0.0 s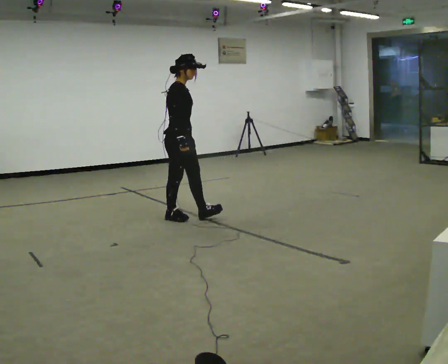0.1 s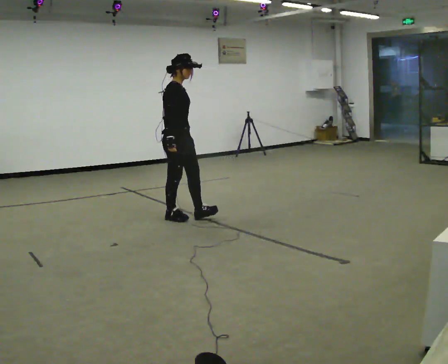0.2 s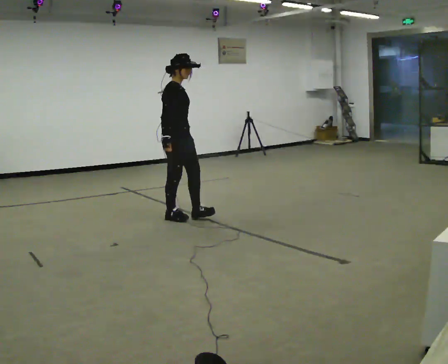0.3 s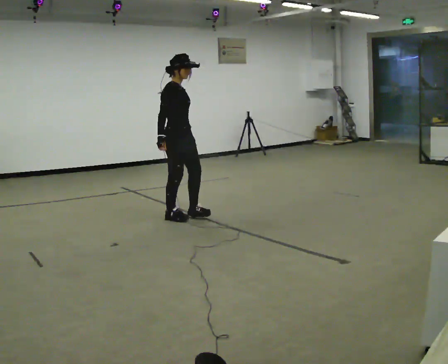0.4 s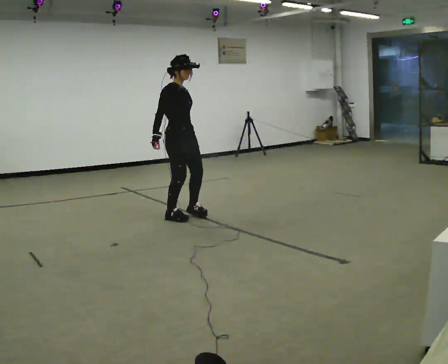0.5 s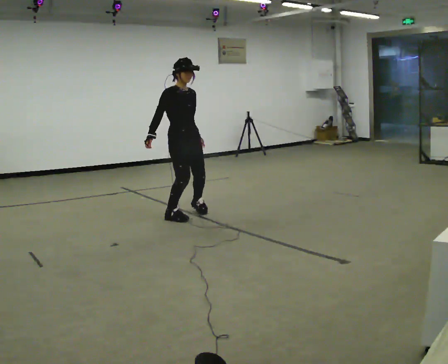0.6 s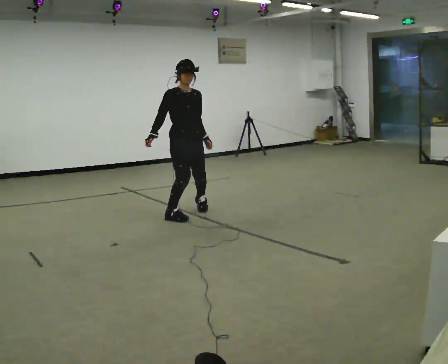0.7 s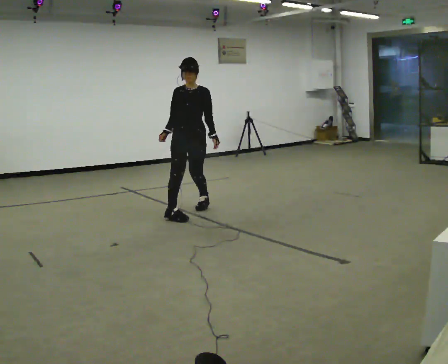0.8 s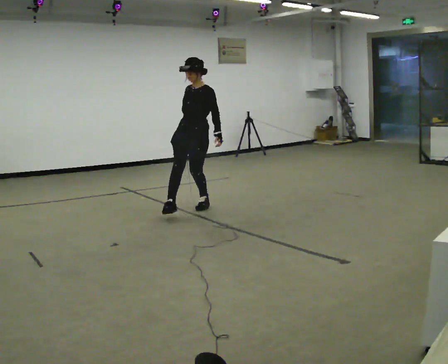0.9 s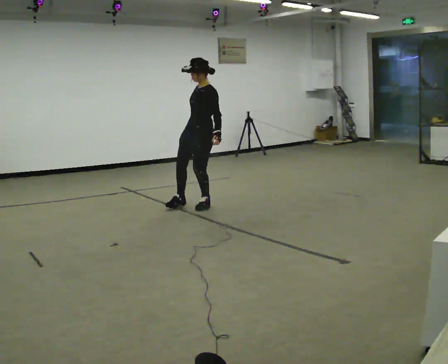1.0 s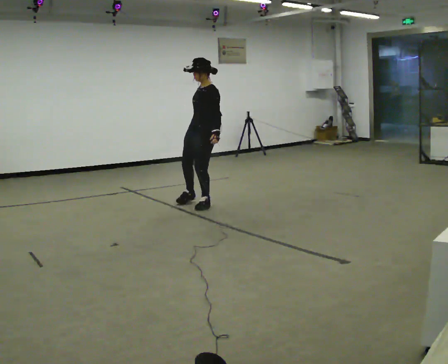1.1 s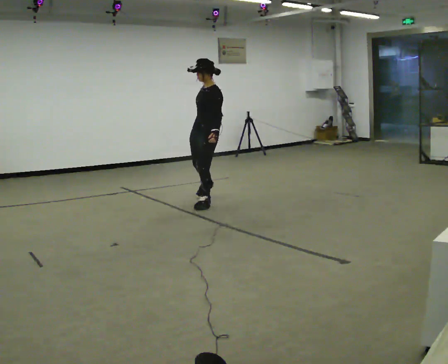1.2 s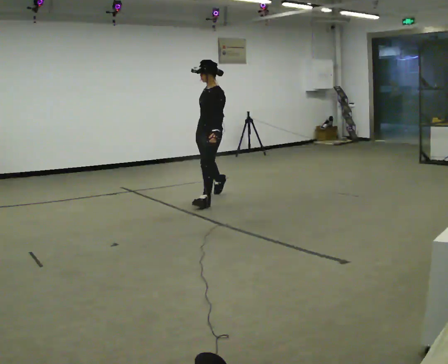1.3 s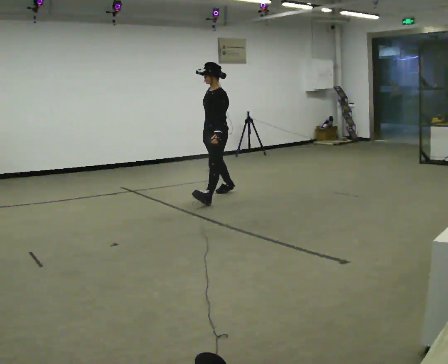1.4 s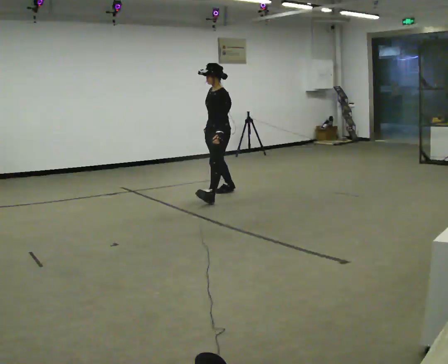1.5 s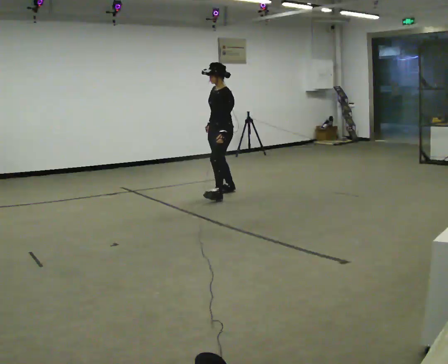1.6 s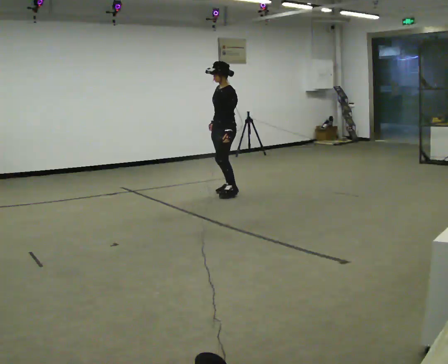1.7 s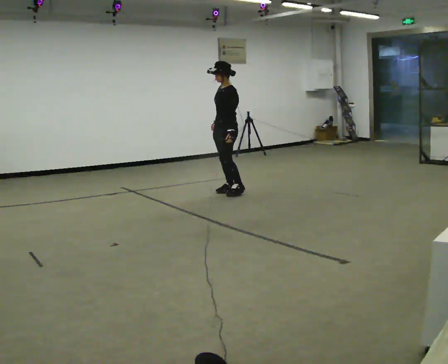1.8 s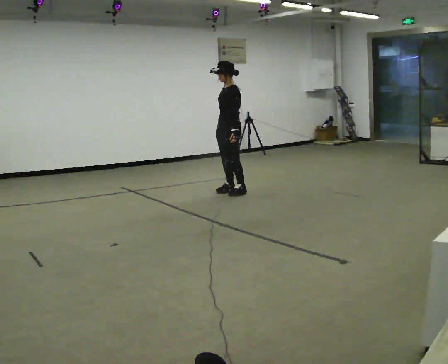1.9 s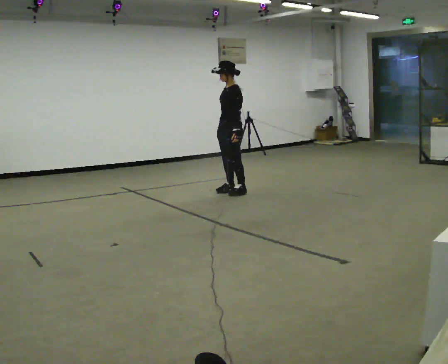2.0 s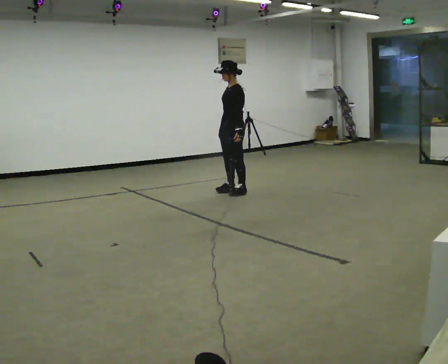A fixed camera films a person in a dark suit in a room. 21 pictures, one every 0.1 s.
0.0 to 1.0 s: Seen from above the body turns clockwise, about 135 degrees: to their right, with its near side sliding to the left. In the picture they go away from the camera and to the right, about 0.5 m in 1 step.
1.0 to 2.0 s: In the picture they go away from the camera and to the right, about 0.75 m in 2 steps, which for them is backward and to their right.
The film runs forward here.
